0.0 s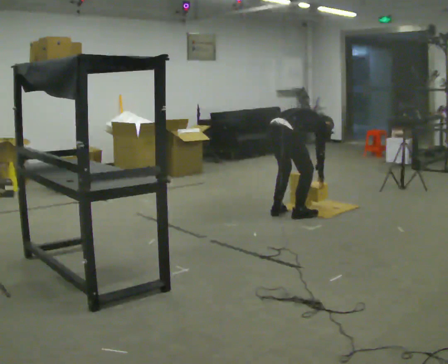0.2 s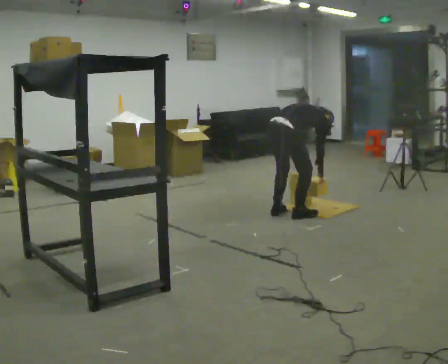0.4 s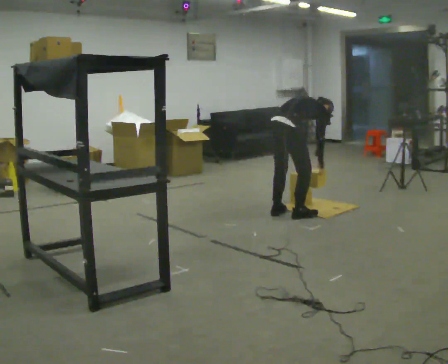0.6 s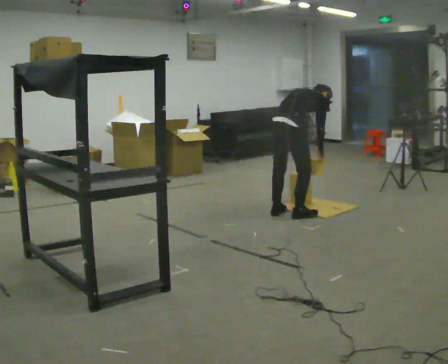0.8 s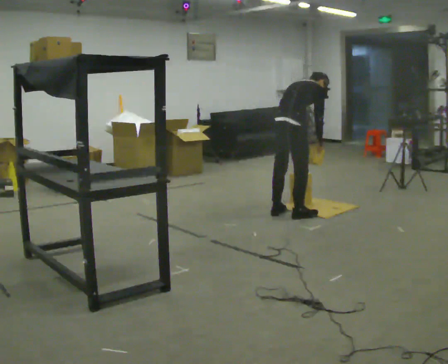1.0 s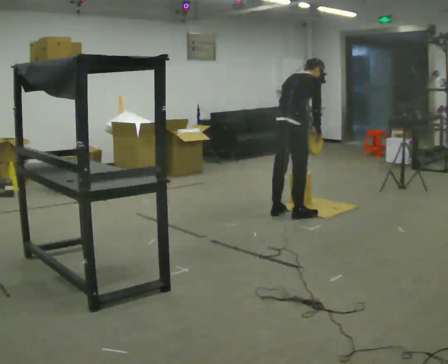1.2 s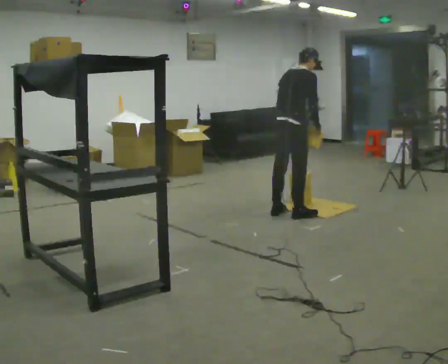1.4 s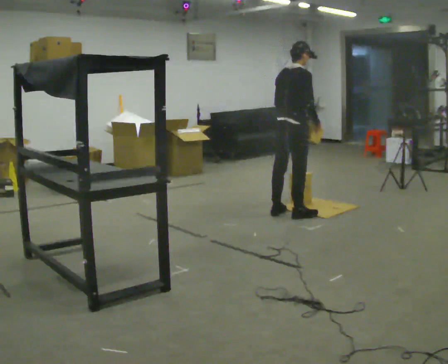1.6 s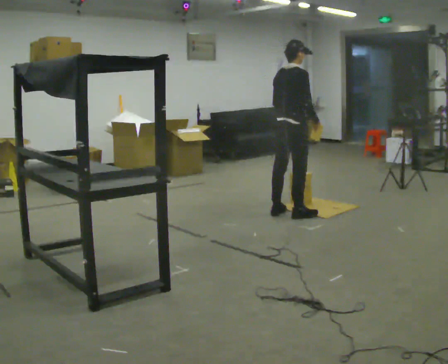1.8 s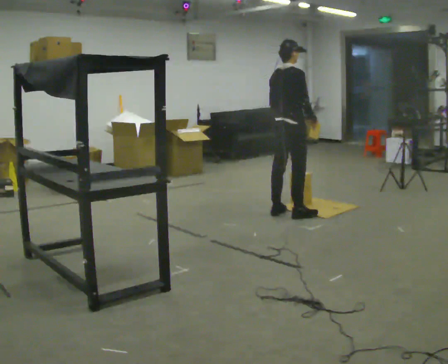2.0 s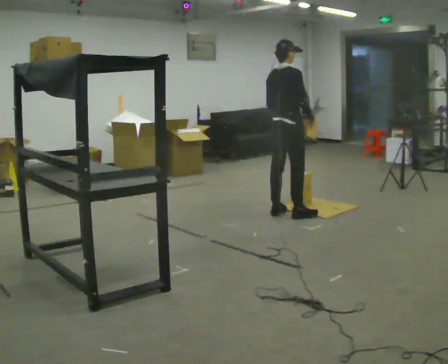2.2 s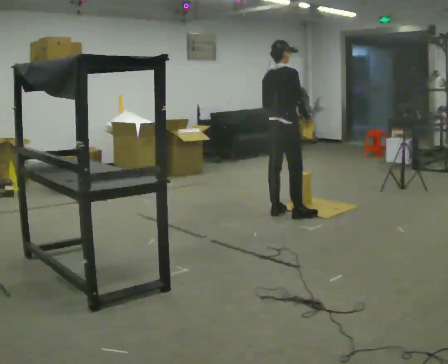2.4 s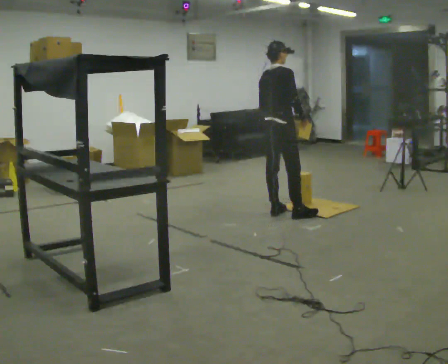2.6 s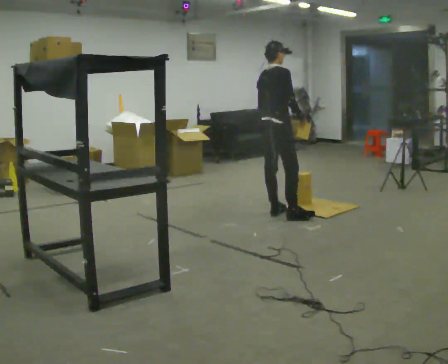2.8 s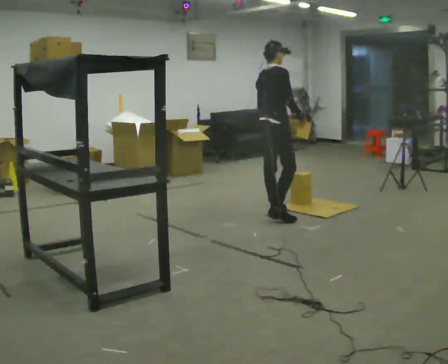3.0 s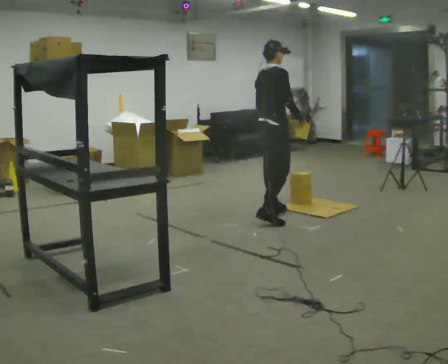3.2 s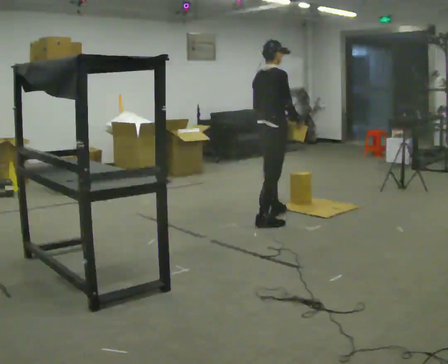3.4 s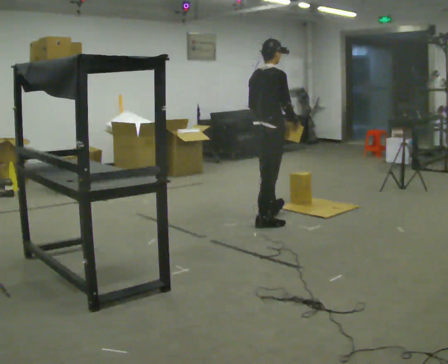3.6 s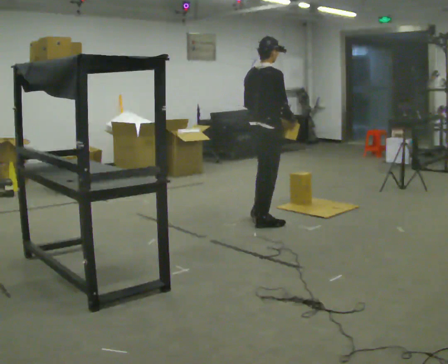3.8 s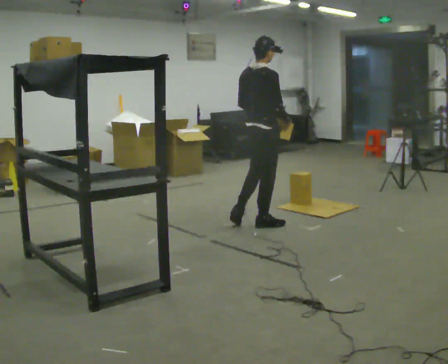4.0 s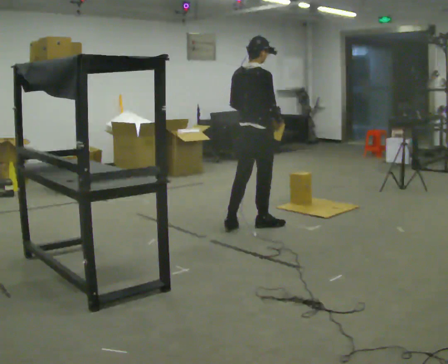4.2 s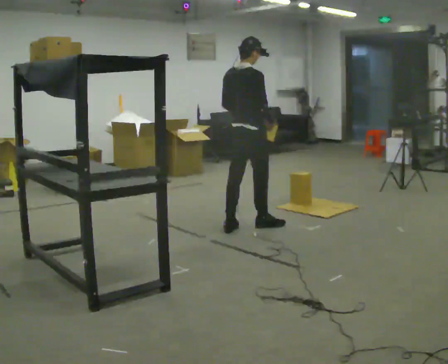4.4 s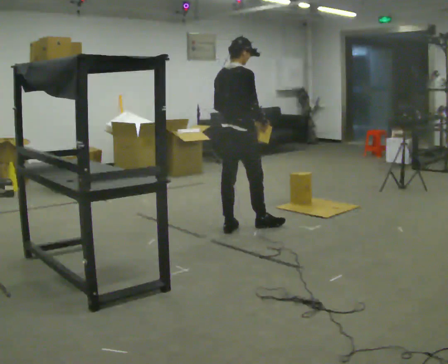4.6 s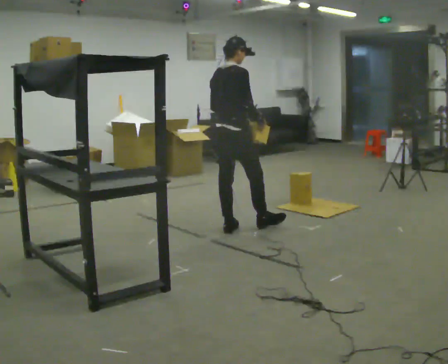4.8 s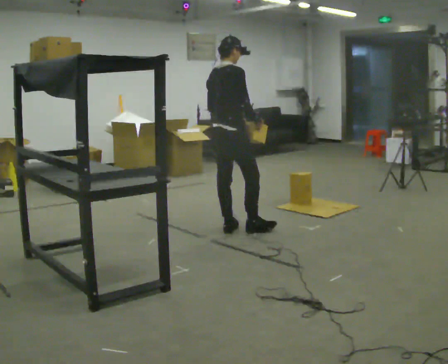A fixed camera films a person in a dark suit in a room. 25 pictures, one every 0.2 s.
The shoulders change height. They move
upward.
Their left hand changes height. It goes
upward.
0.0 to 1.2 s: The shoulders move upward. In the picture the upper body tilts counterclockwise, shoulders to the left, as they lean back or straighten. In the picture their right hand goes upward.
1.2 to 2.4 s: In the picture the upper body tilts counterclockwise, shoulders to the left, as they lean back or straighten.
2.4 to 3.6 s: In the picture they go toward the camera, about 0.25 m in 2 steps, which for them is backward and to their right.
3.6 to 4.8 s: In the picture they go to the left and toward the camera, about 0.5 m in 1 step, which for them is backward.
The film runs backward here.
